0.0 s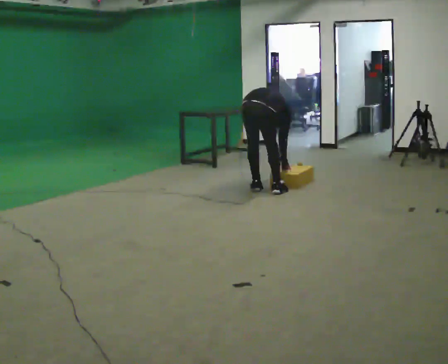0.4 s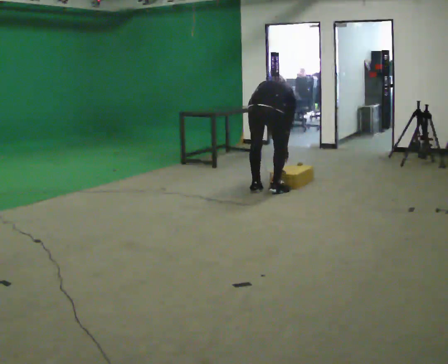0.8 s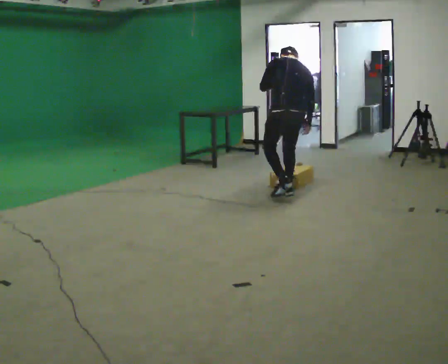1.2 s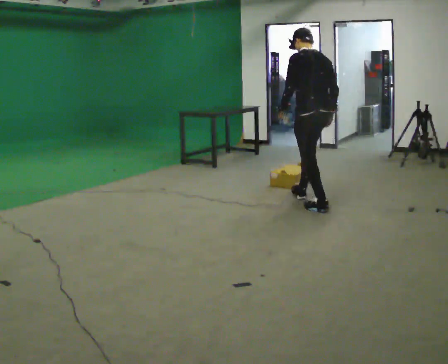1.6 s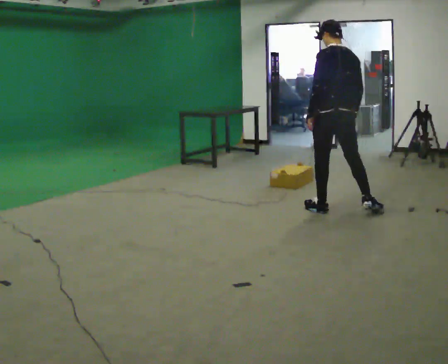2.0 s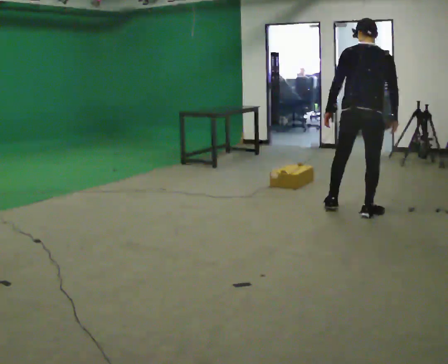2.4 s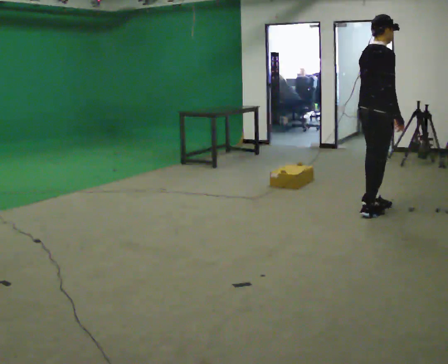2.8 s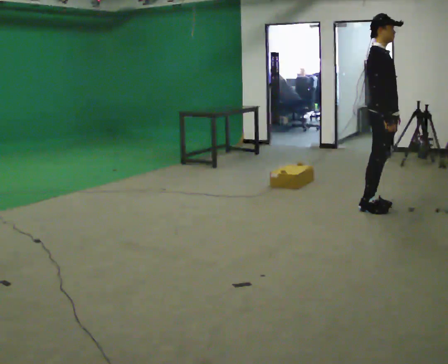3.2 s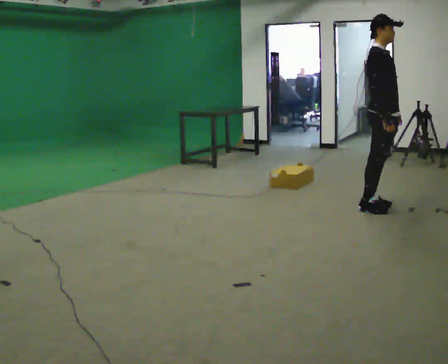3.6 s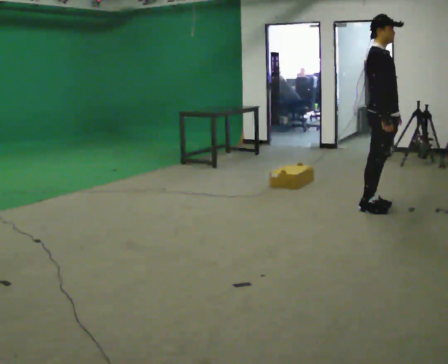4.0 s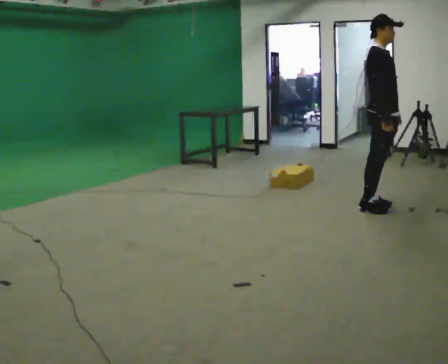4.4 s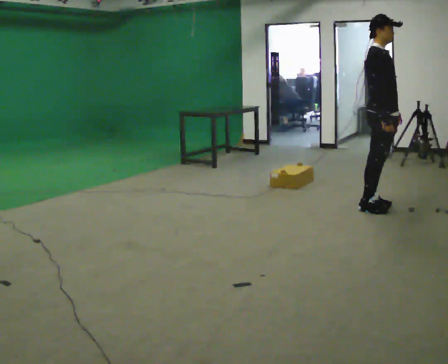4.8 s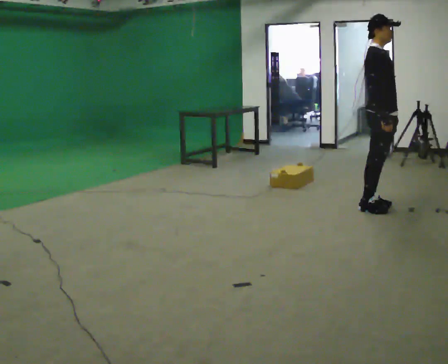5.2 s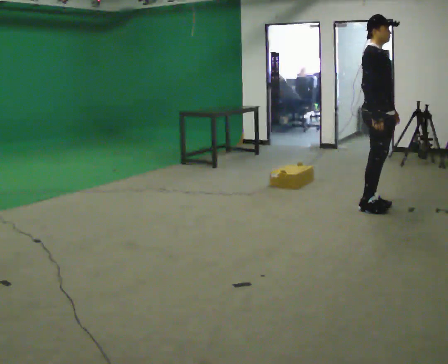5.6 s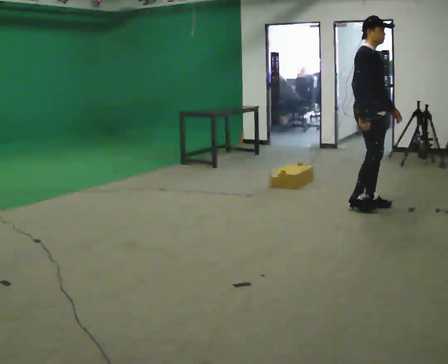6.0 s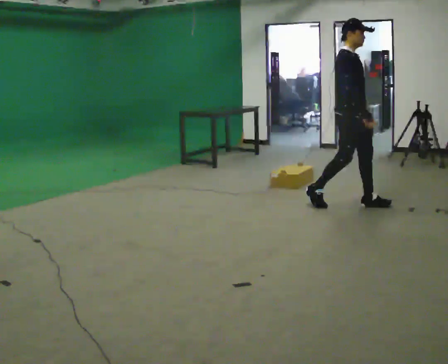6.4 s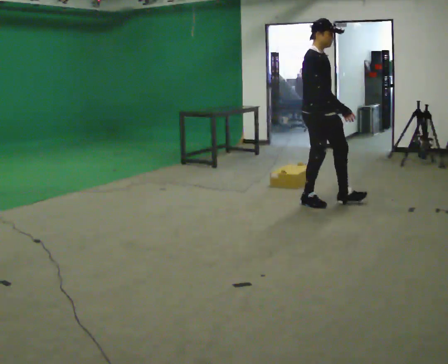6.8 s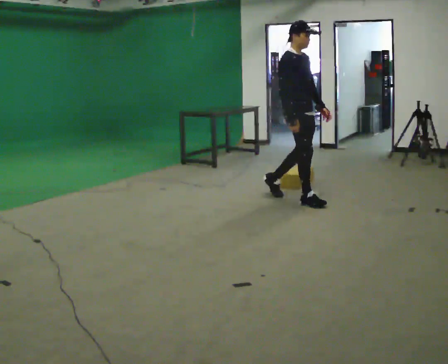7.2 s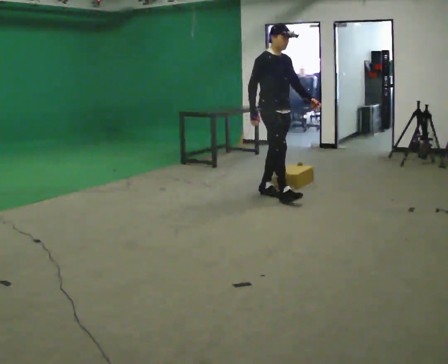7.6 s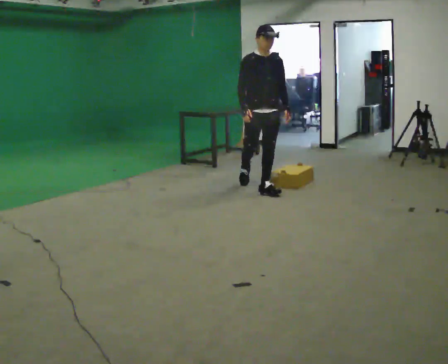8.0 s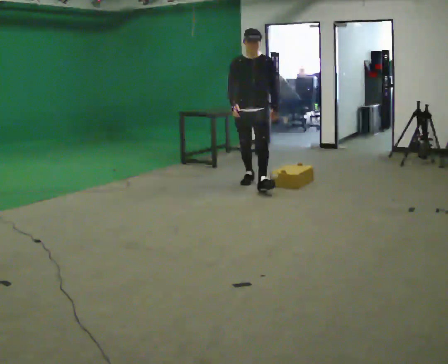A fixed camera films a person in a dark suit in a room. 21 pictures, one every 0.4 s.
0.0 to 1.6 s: The person turns about 45 degrees to their left, counterclockwise seen from above, so the part of the body nearest the lens slides to the right. In the picture they go to the right and toward the camera, about 1 m in 3 steps, which for them is backward and to their right. The upper body goes upward. The upper body tips toward the camera, its near side rolling downward, as they lean back or straighten.
1.6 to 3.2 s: The part of the body nearest the lens slides to the left as the person turns to their right by about 135 degrees. In the picture they go to the right, about 0.5 m in 2 steps.
3.2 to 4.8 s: The person moves a little, or ends about where they began.
4.8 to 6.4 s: In the picture they go to the left, about 0.5 m in 2 steps, which for them is backward.
6.4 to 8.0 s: The part of the body nearest the lens slides to the left as the person turns to their right by about 60 degrees. In the picture they go to the left and away from the camera, about 1 m in 2 steps.
The film runs backward here.
